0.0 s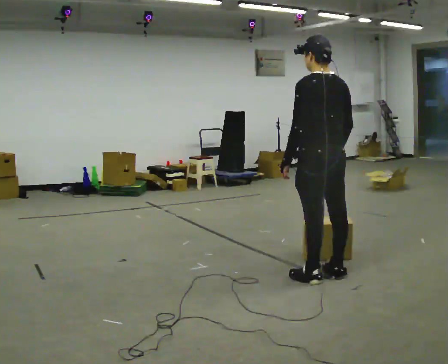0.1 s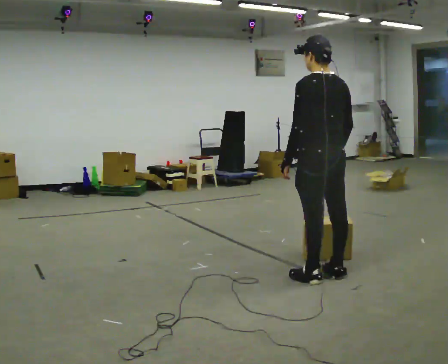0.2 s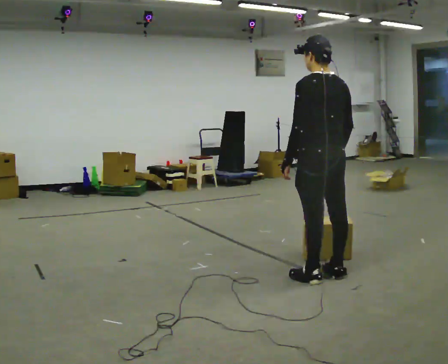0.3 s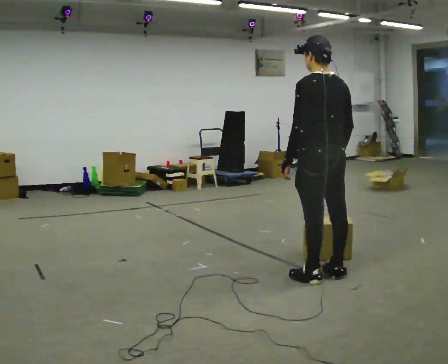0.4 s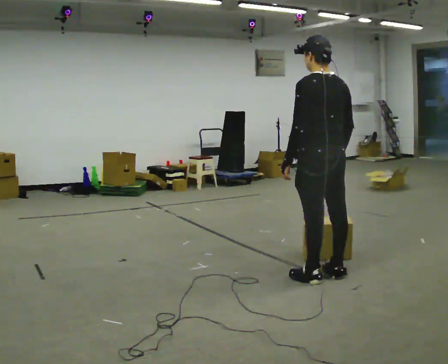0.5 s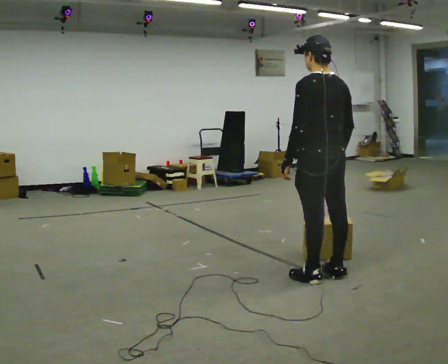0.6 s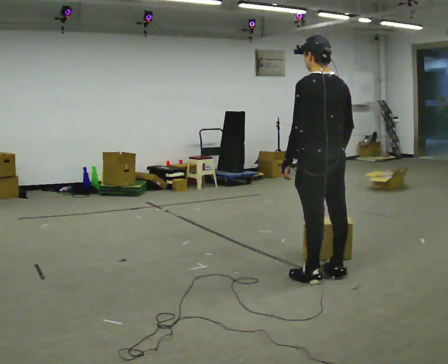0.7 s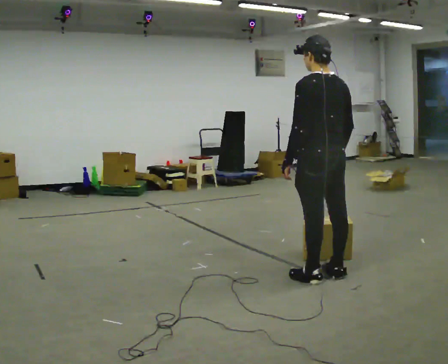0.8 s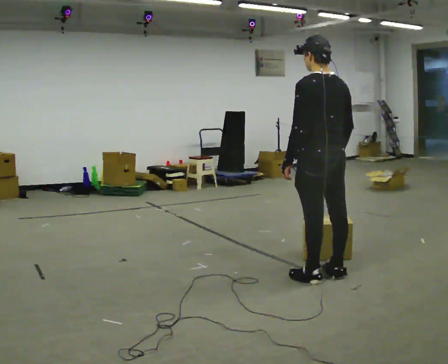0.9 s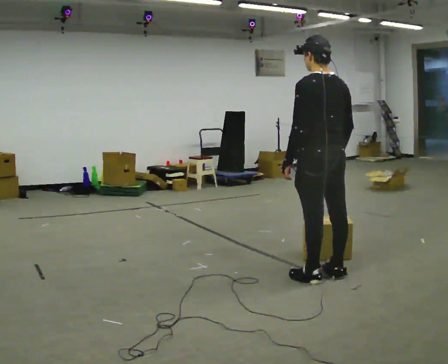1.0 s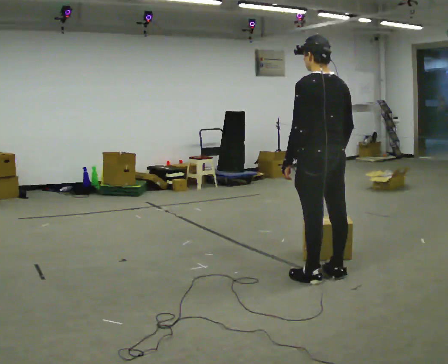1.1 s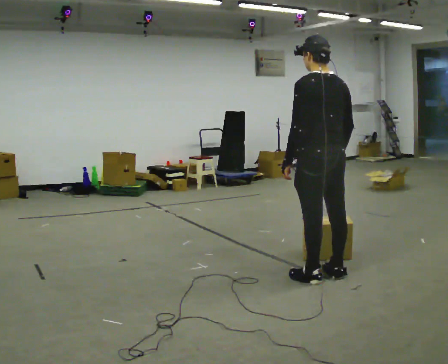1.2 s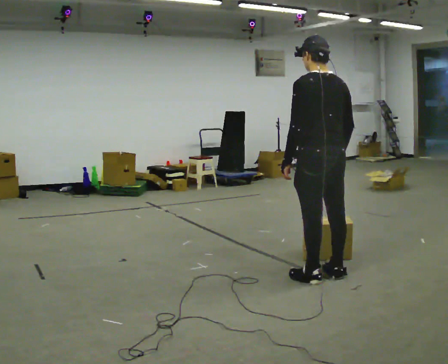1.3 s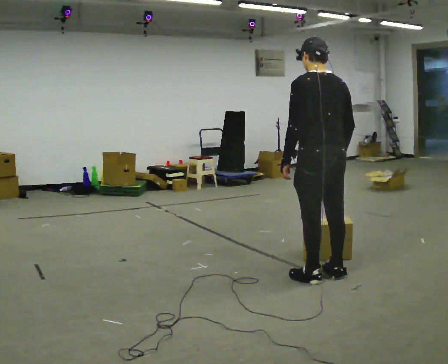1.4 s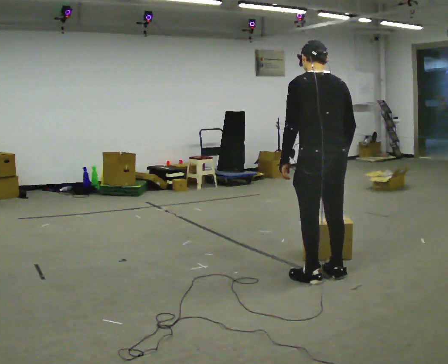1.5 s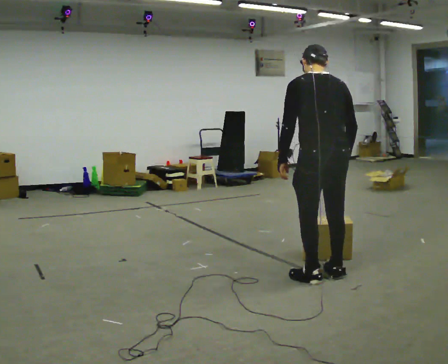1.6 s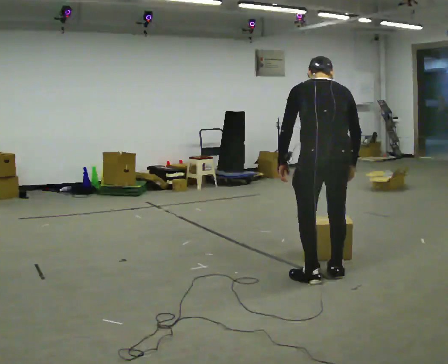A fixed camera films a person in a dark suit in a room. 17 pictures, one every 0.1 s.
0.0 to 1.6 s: The person turns about 30 degrees to their right, clockwise seen from above, so the part of the body nearest the lens slides to the left. The upper body tips away from the camera, its near side rolling upward, as they bend forward.
The film runs forward here.
